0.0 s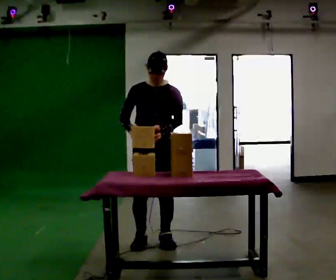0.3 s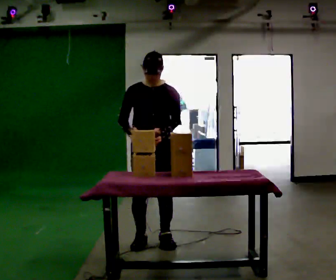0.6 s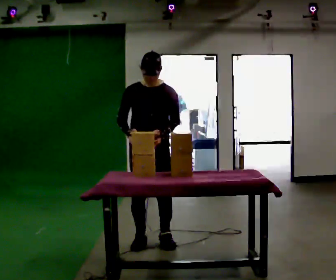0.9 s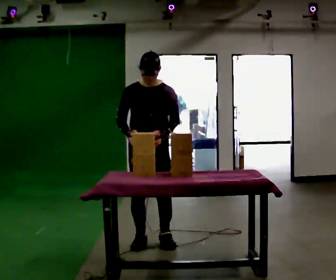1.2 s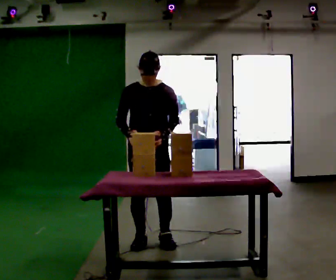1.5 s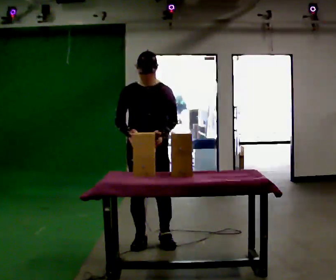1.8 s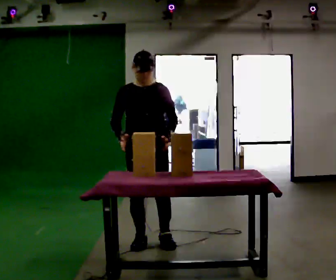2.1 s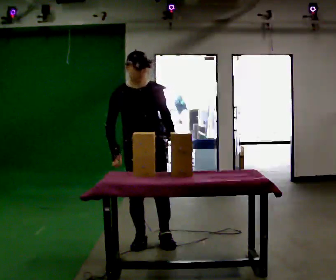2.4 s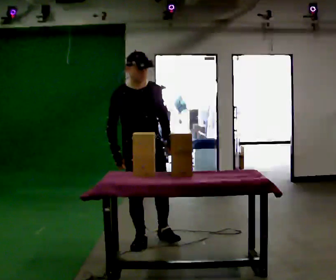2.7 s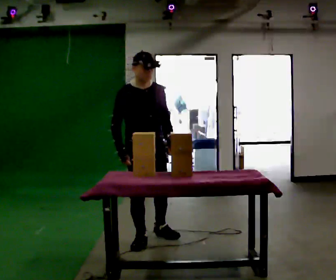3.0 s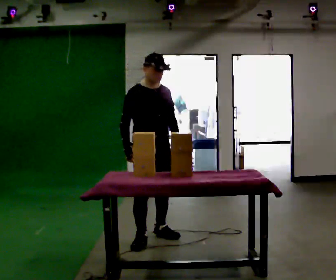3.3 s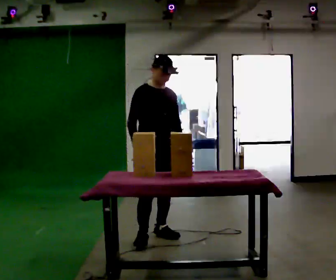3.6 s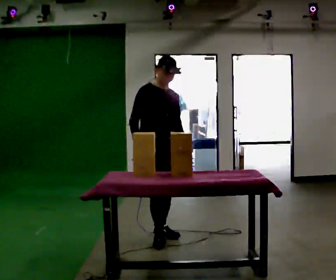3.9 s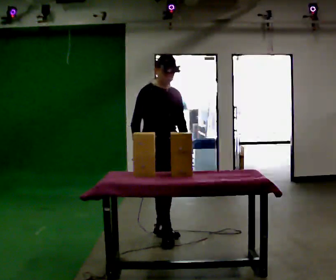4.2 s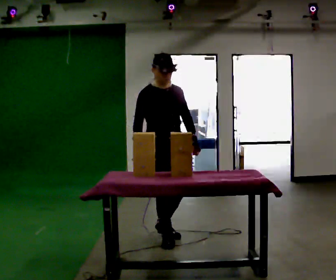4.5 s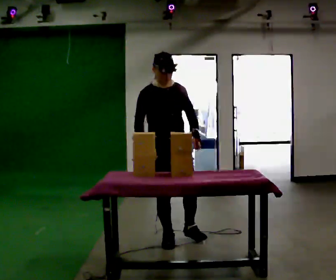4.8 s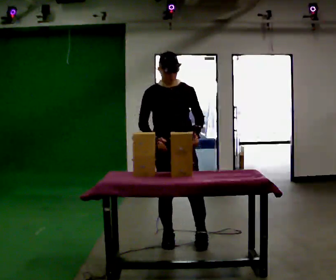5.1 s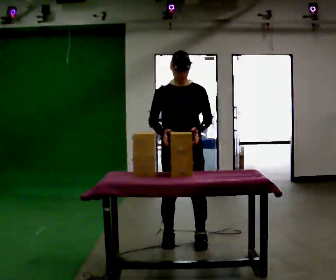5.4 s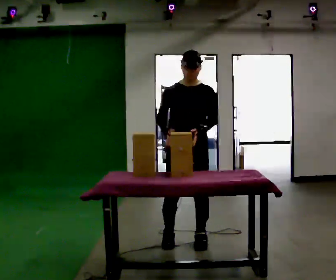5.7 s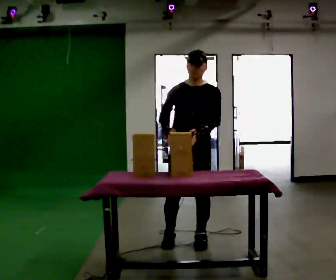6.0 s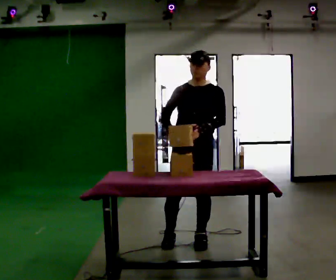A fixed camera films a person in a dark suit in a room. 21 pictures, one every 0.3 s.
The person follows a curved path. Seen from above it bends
clockwise.
0.0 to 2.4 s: Seen from above the body turns counterclockwise, about 30 degrees: to their left, with its near side sliding to the right.
2.4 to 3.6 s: In the picture they go away from the camera, about 0.25 m in 1 step, which for them is to their left.
3.6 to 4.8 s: The part of the body nearest the lens slides to the left as the person turns to their right by about 30 degrees. In the picture they go toward the camera and to the right, about 0.25 m in 2 steps, which for them is forward.
4.8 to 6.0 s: In the picture they go to the right, about 0.25 m, which for them is to their left.
The film runs forward here.
